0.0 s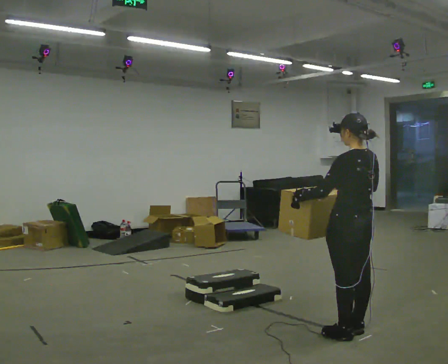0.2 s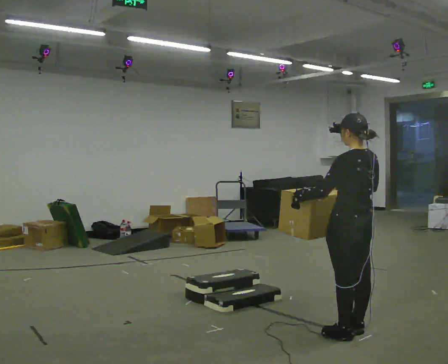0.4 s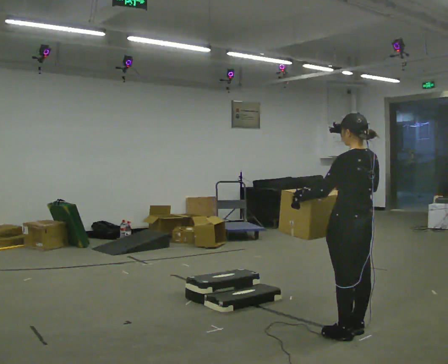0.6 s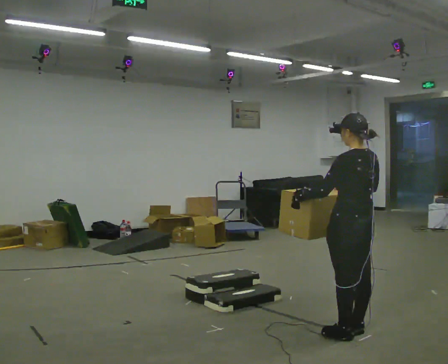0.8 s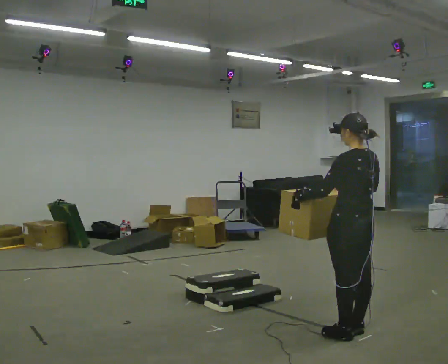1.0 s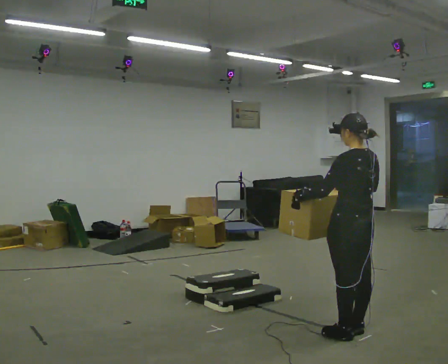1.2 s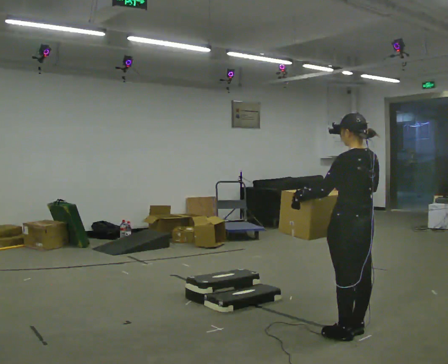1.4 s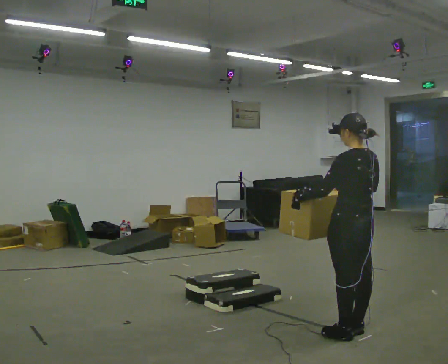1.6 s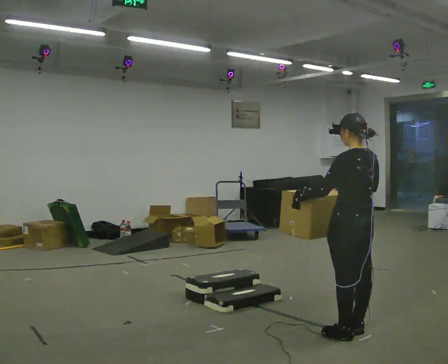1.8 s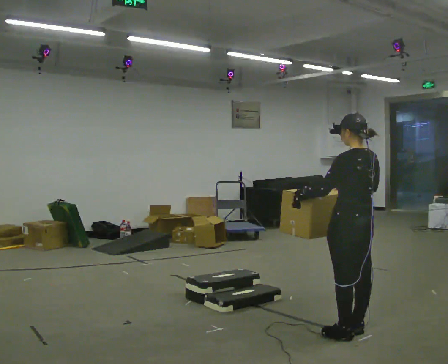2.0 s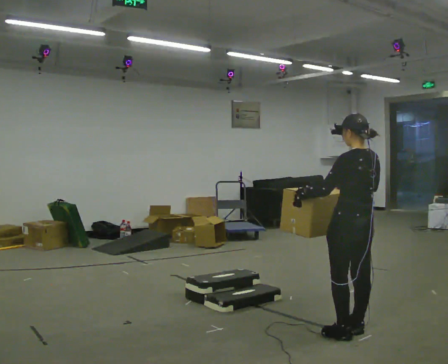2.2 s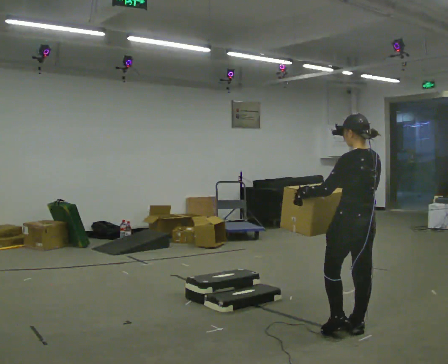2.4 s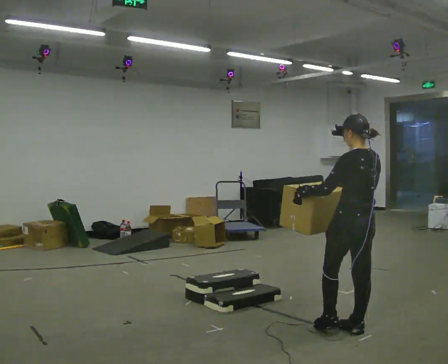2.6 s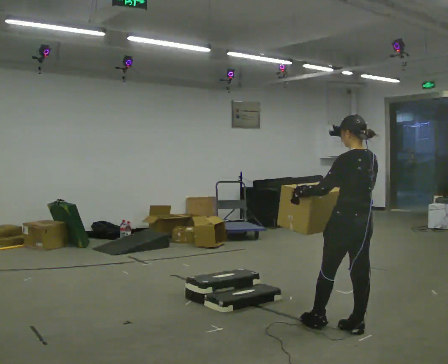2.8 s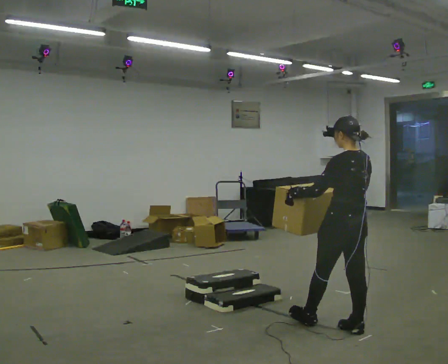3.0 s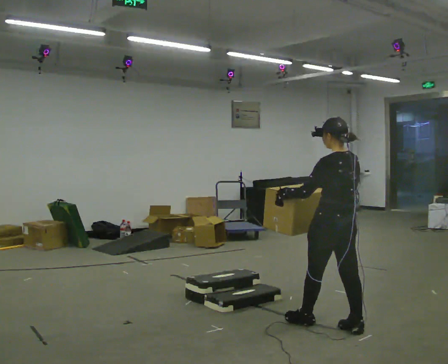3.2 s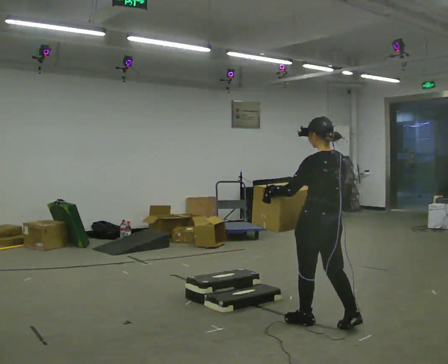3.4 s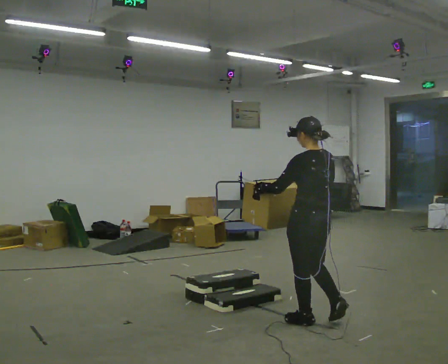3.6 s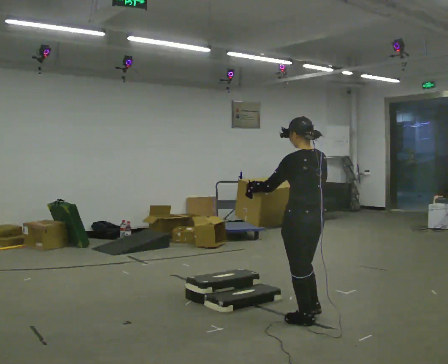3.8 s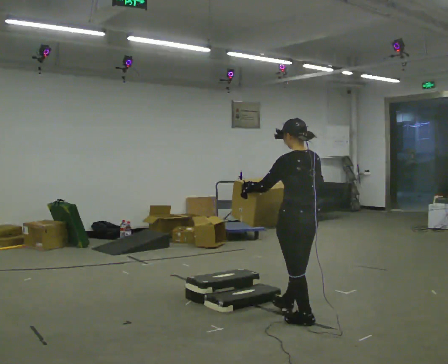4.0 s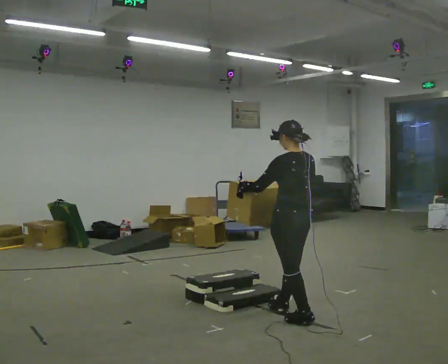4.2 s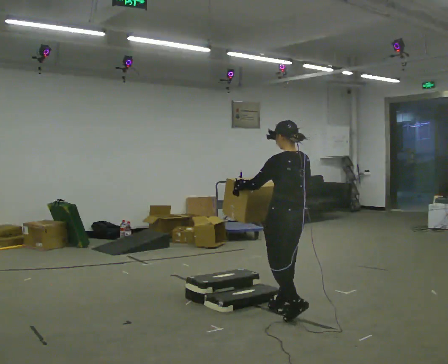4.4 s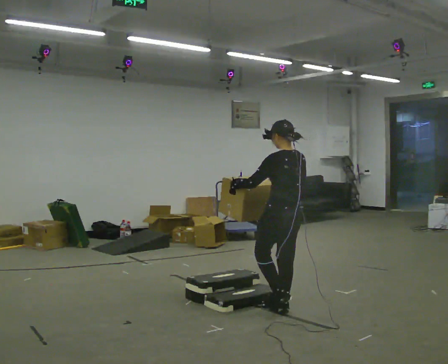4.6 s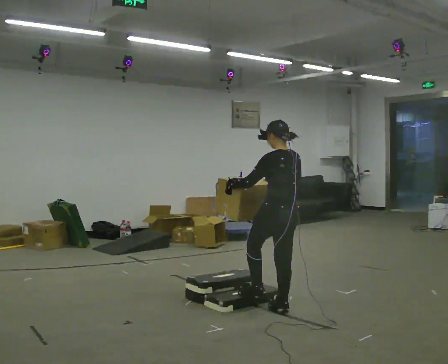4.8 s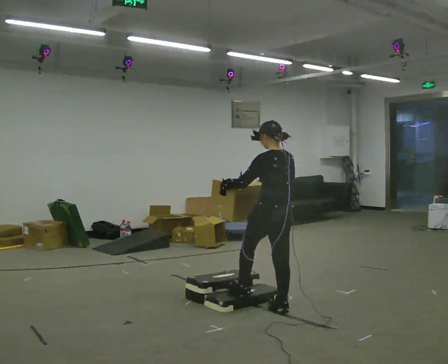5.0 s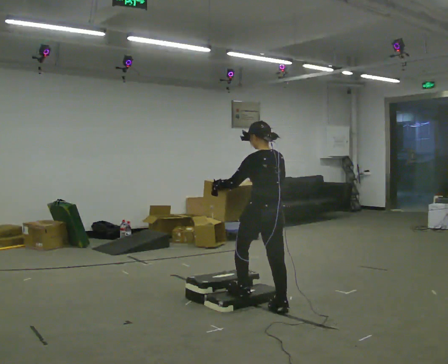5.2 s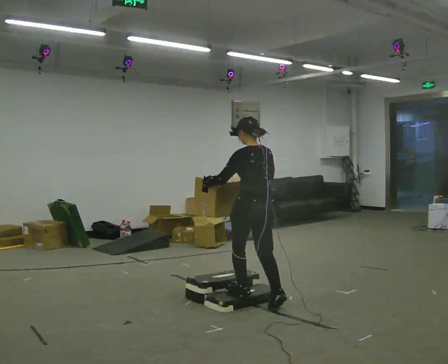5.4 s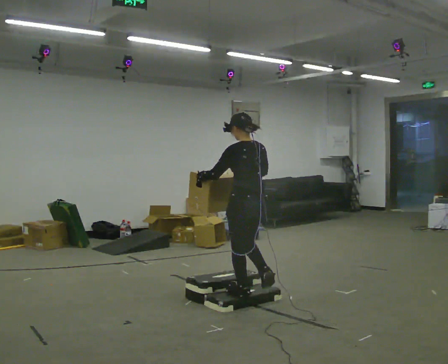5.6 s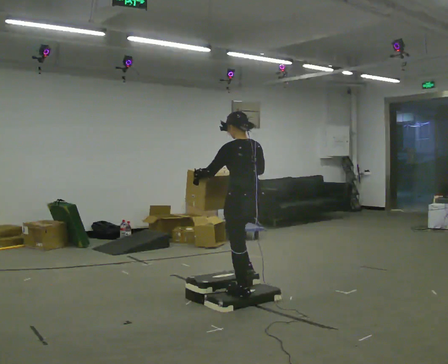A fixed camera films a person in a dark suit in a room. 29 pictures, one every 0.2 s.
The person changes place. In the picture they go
to the left.
0.0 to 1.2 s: The person keeps their place and pose.
1.2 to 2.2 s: The person moves a little, or ends about where they began.
2.2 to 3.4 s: In the picture they go to the left, about 0.25 m in 1 step, which for them is forward.
3.4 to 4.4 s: In the picture they go away from the camera and to the left, about 0.5 m in 1 step, which for them is forward.
4.4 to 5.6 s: In the picture they go to the left, about 0.25 m in 1 step, which for them is forward and to their left.
The film runs forward here.
